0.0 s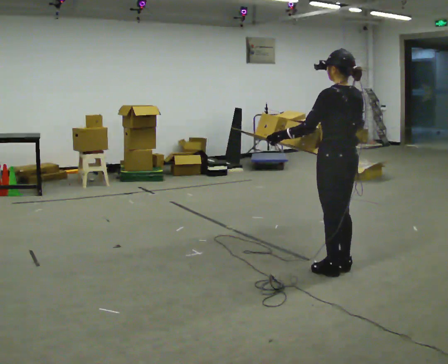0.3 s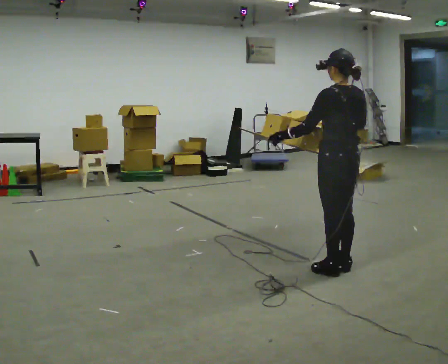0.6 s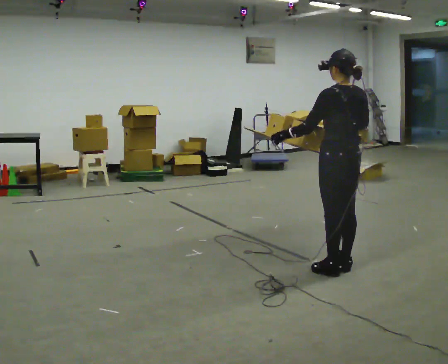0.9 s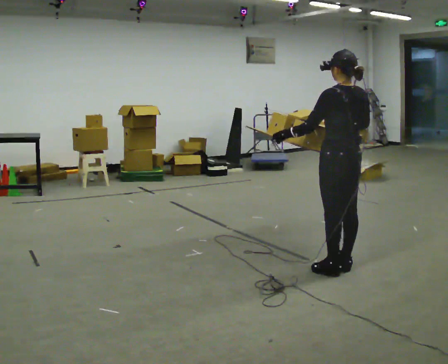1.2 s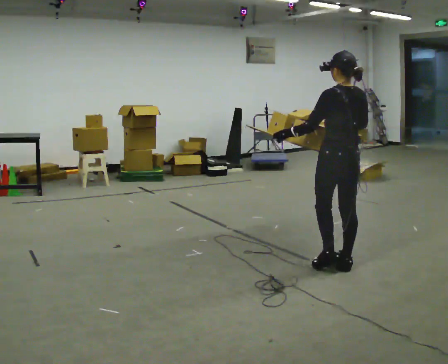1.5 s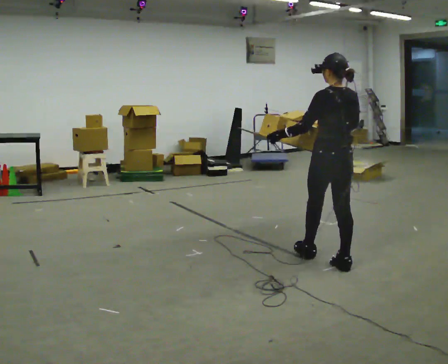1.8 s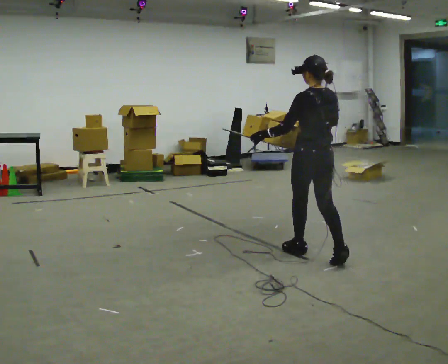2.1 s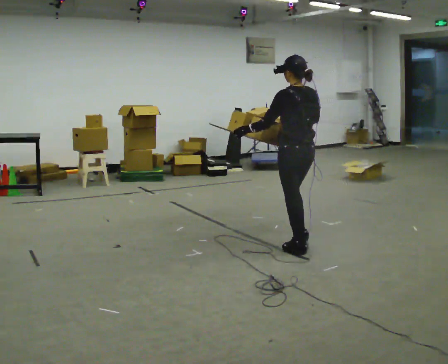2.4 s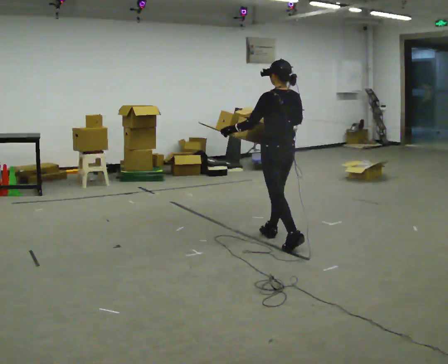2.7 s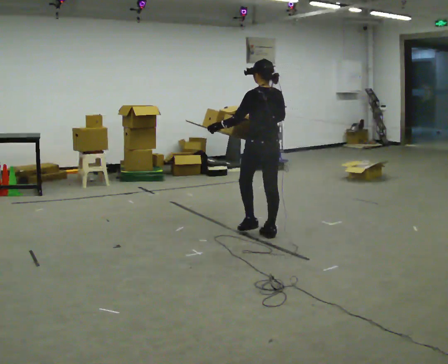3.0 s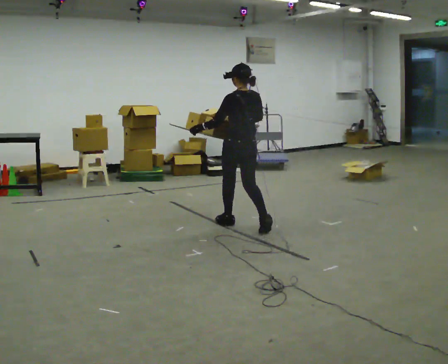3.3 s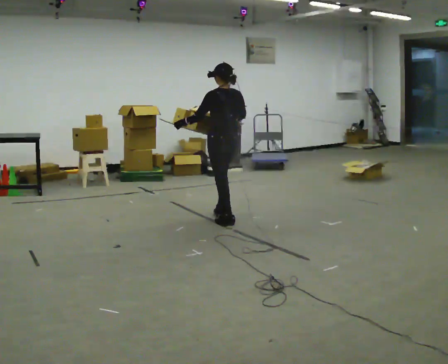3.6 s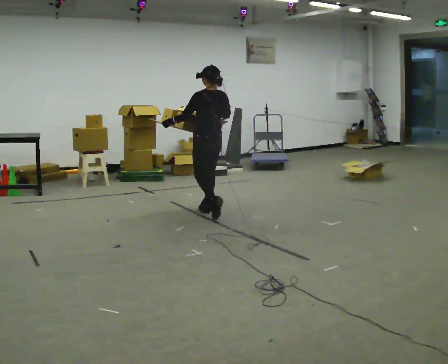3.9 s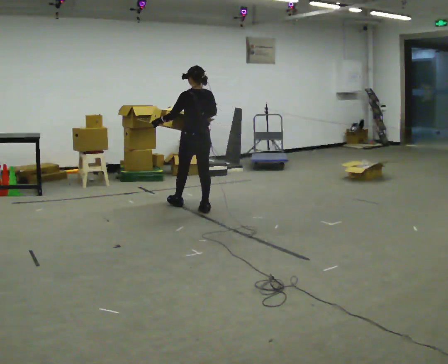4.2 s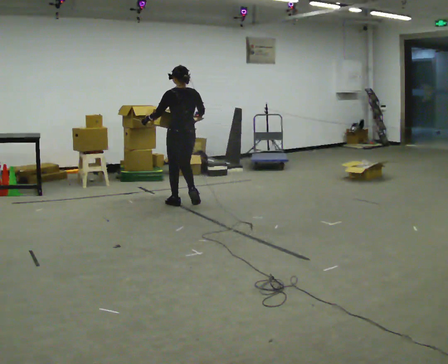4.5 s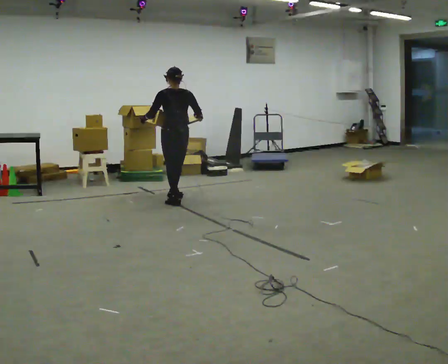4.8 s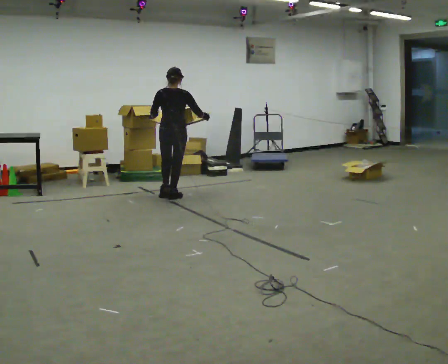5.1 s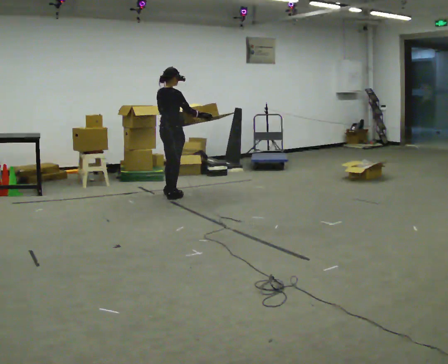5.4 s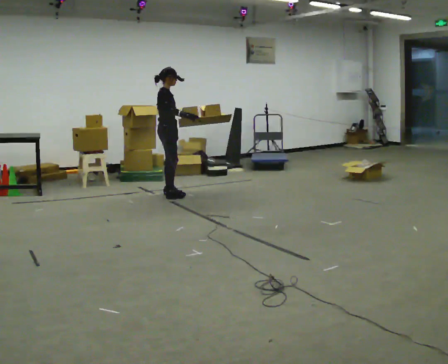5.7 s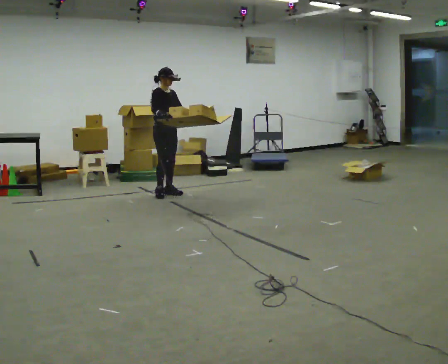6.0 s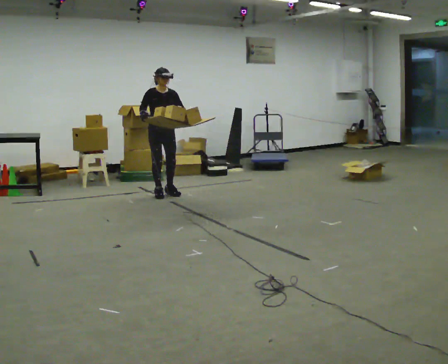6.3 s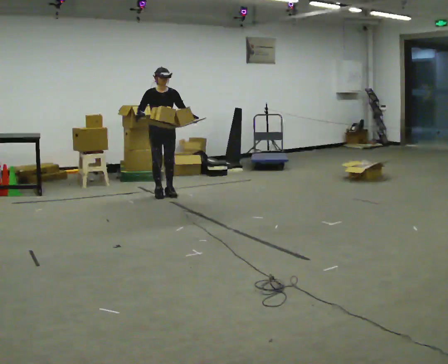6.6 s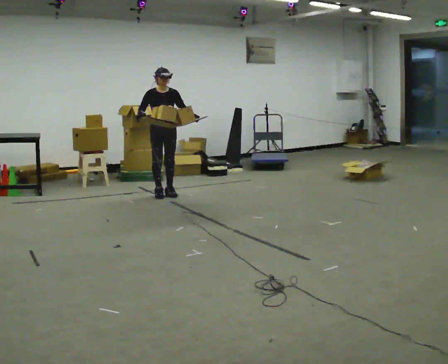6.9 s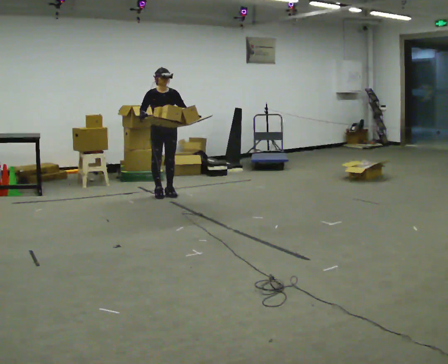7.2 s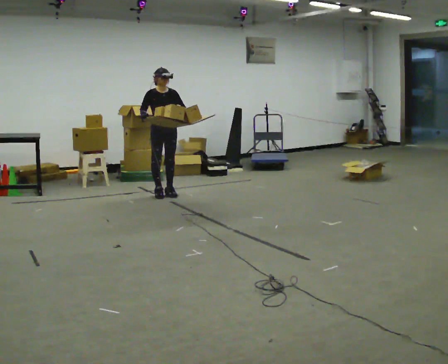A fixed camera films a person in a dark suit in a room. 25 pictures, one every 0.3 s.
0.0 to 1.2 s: The person moves a little, or ends about where they began.
1.2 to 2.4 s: In the picture they go away from the camera and to the left, about 1 m in 2 steps, which for them is forward.
2.4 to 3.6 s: In the picture they go away from the camera and to the left, about 1 m in 2 steps, which for them is forward.
3.6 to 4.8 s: The person turns about 45 degrees to their right, clockwise seen from above, so the part of the body nearest the lens slides to the left. In the picture they go away from the camera and to the left, about 1 m in 2 steps, which for them is forward.
4.8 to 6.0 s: The person turns about 135 degrees to their right, clockwise seen from above, so the part of the body nearest the lens slides to the left. In the picture they go away from the camera and to the left, about 0.25 m in 2 steps.
6.0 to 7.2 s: The person moves a little, or ends about where they began.
The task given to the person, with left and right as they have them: Carry the loaded tray flat and level in both hands, walking back and forth across the room. Try not to let anything slide off.
The film runs forward here.
